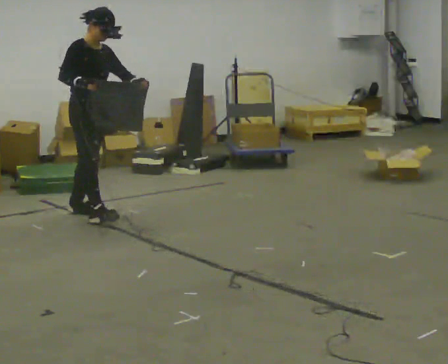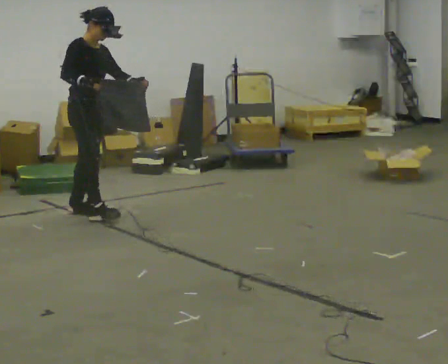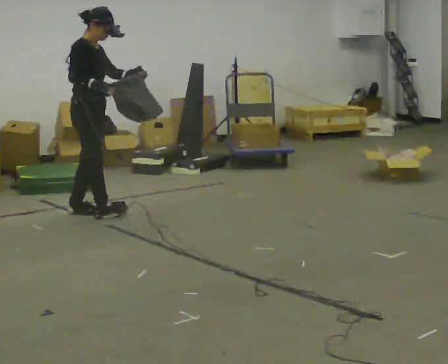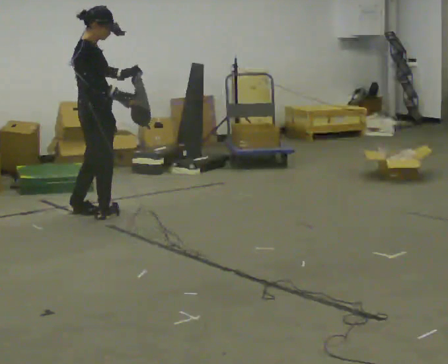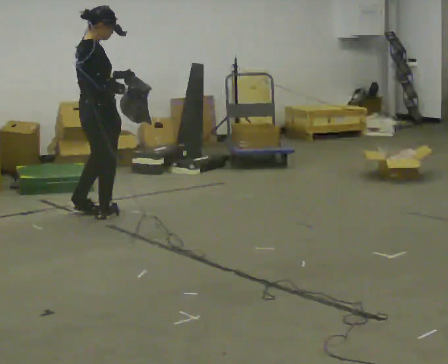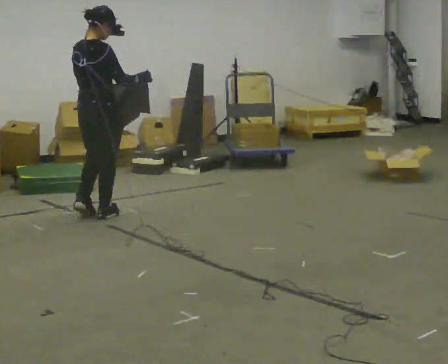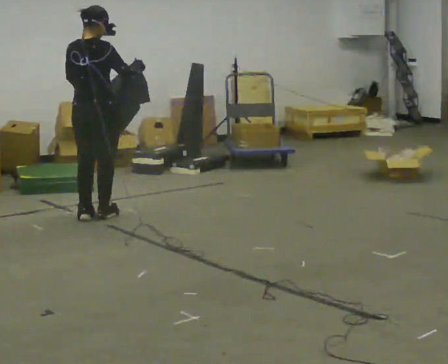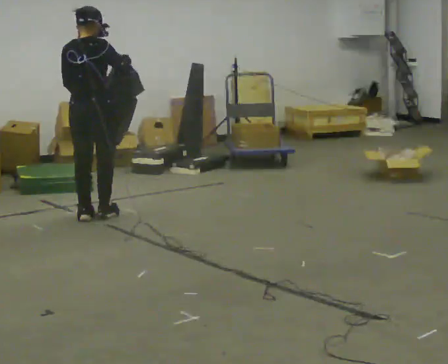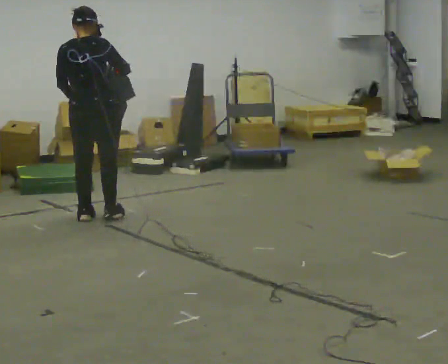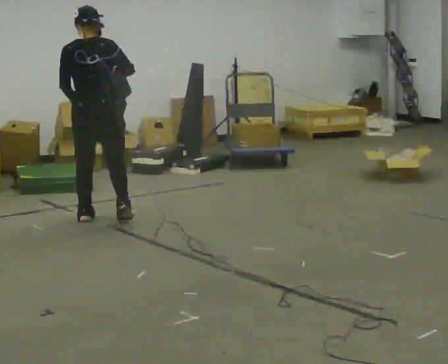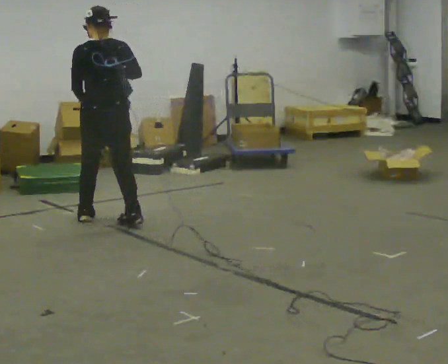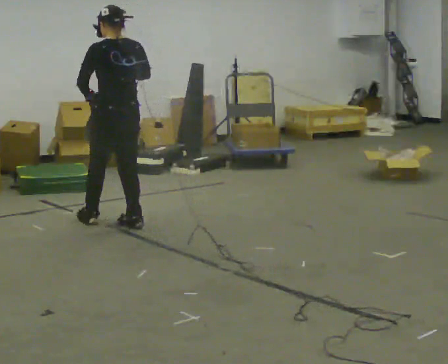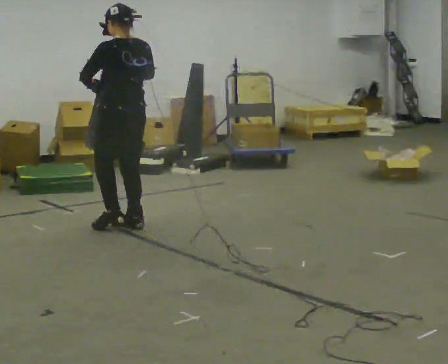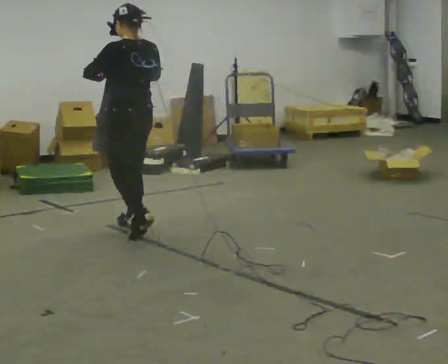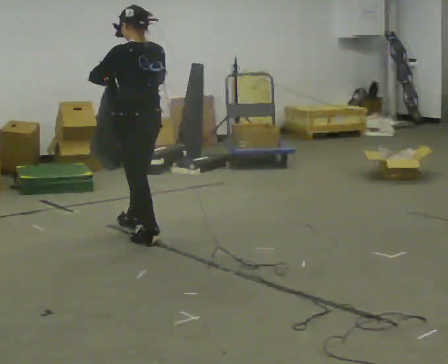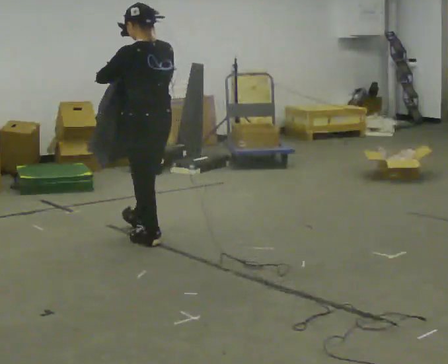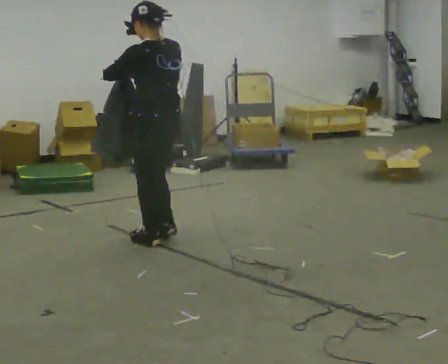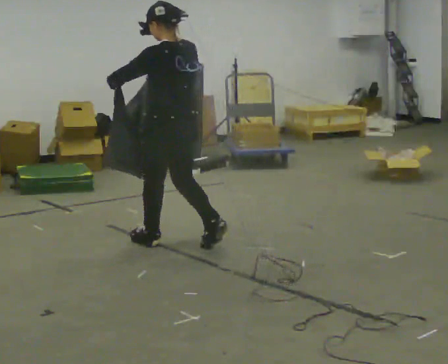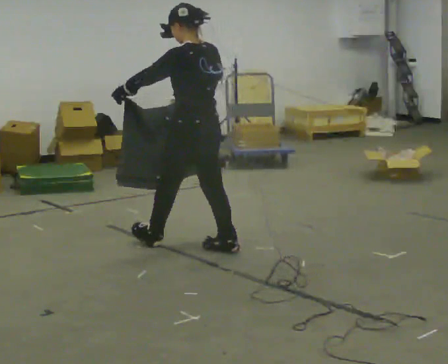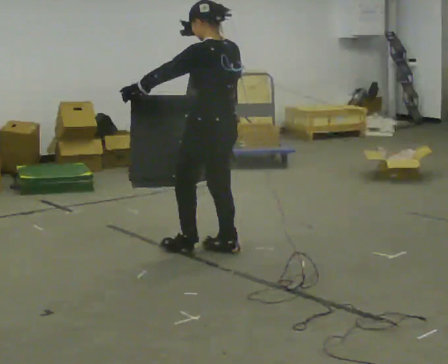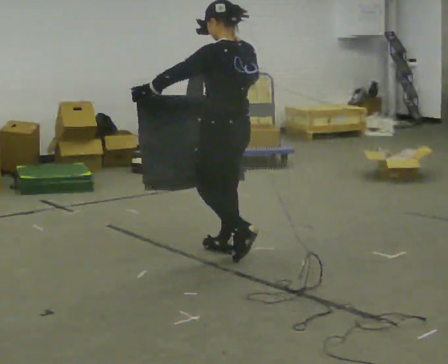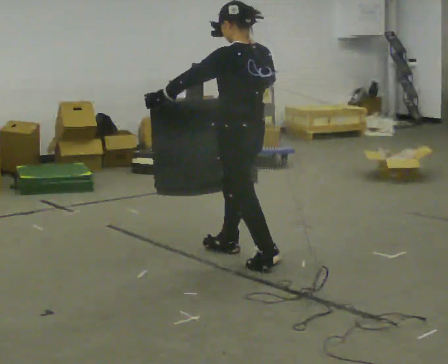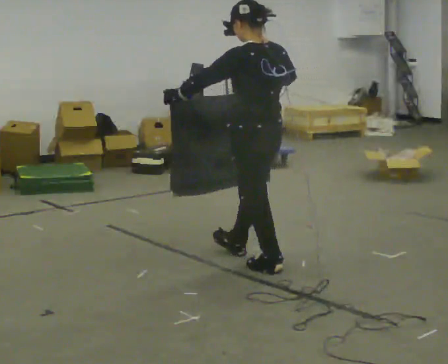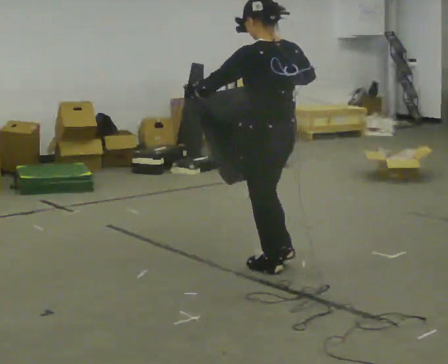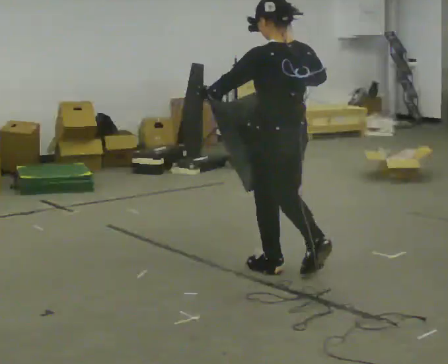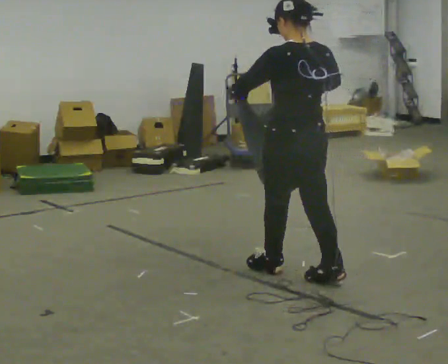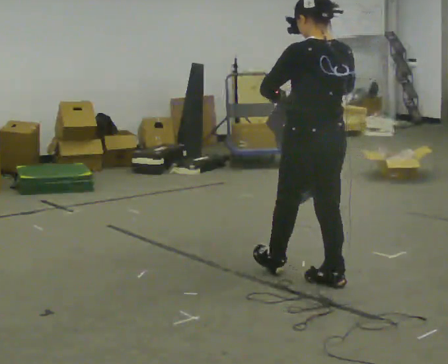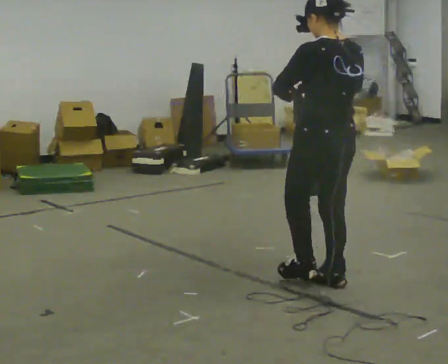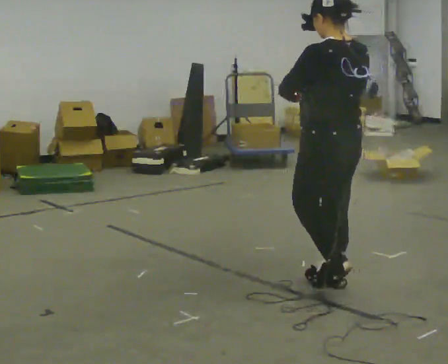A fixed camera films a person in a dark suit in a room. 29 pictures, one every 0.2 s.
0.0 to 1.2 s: Seen from above the body turns counterclockwise, about 90 degrees: to their left, with its near side sliding to the right. In the picture their right hand goes to the right.
1.2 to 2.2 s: Seen from above the body turns counterclockwise, about 45 degrees: to their left, with its near side sliding to the right. In the picture they go toward the camera and to the right, about 0.25 m in 2 steps, which for them is to their right and backward.
2.2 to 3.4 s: In the picture they go toward the camera and to the right, about 0.75 m in 1 step, which for them is backward.
3.4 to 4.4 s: In the picture they go toward the camera and to the right, about 0.5 m in 2 steps, which for them is backward.
4.4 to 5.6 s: In the picture they go toward the camera and to the right, about 0.5 m in 1 step, which for them is backward.
The film runs backward here.
